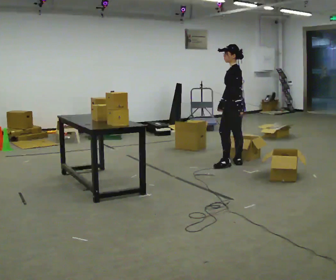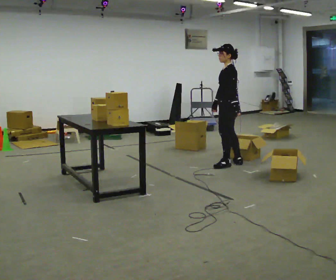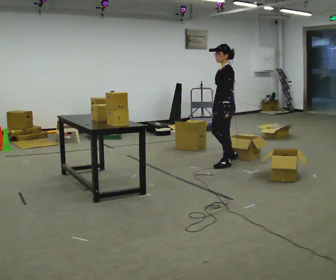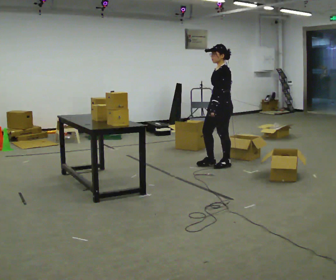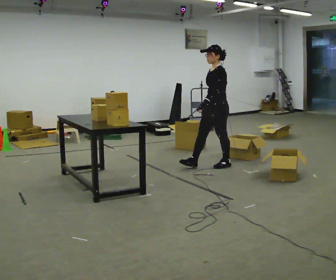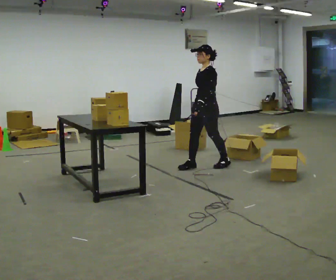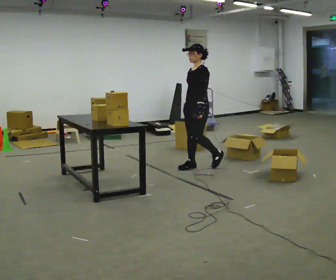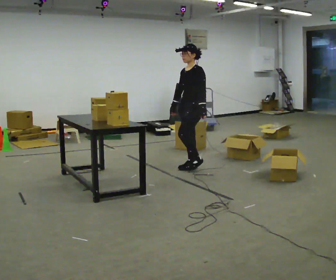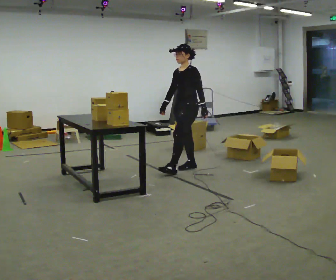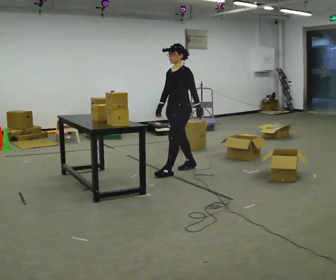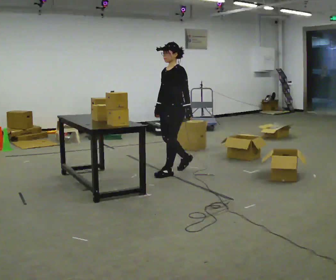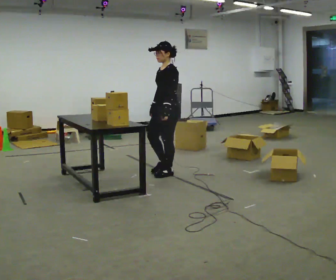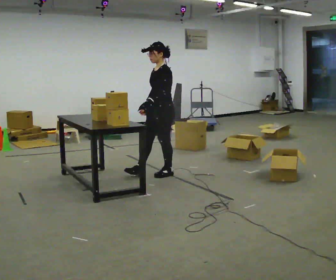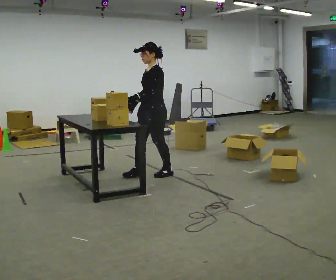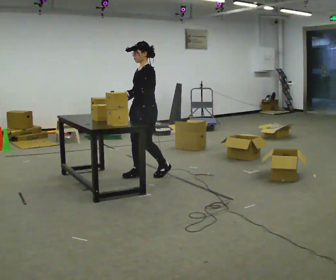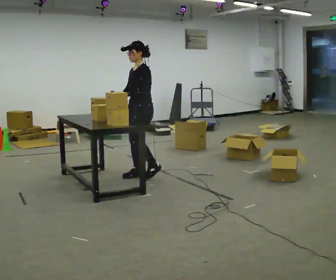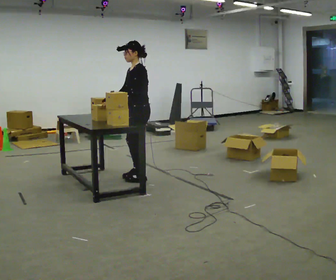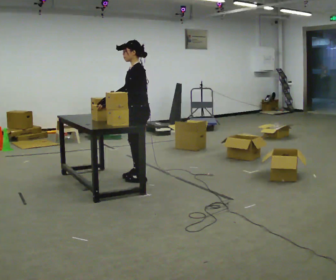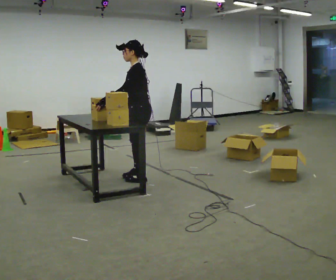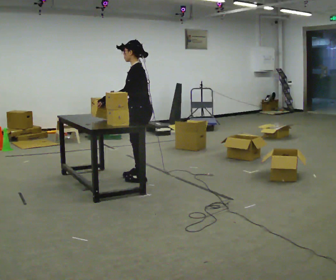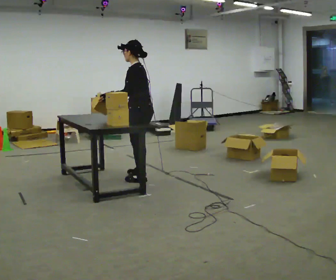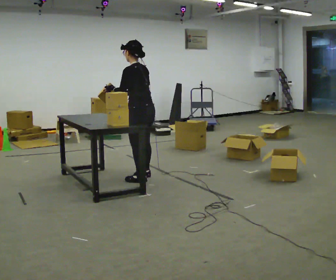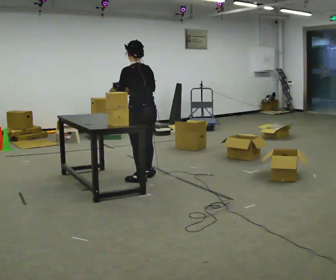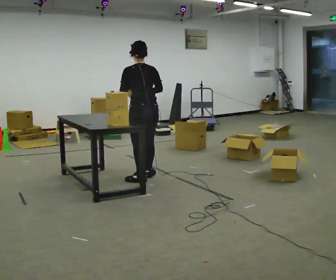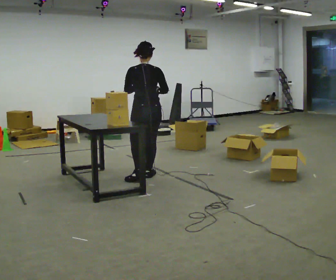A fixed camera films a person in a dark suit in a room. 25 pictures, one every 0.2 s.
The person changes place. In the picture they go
to the left.
The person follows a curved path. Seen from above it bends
counterclockwise.
0.0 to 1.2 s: The part of the body nearest the lens slides to the right as the person turns to their left by about 45 degrees. In the picture they go to the left, about 0.5 m in 1 step, which for them is forward.
1.2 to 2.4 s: In the picture they go to the left and toward the camera, about 0.5 m in 1 step, which for them is forward.
2.4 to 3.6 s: In the picture they go to the left and toward the camera, about 0.25 m in 2 steps, which for them is forward.
3.6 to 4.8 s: The part of the body nearest the lens slides to the left as the person turns to their right by about 90 degrees. In the picture their right hand goes to the right.
The film runs forward here.
